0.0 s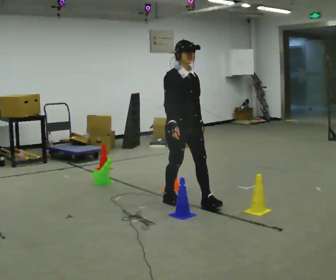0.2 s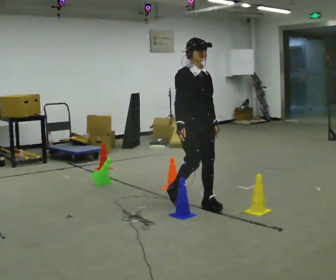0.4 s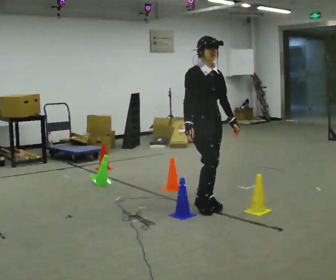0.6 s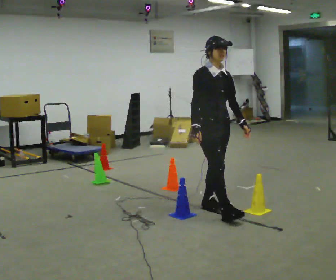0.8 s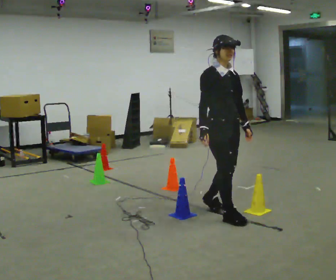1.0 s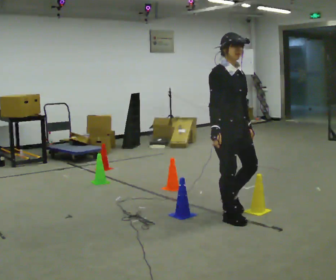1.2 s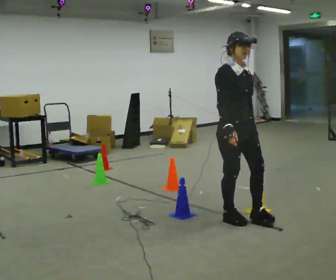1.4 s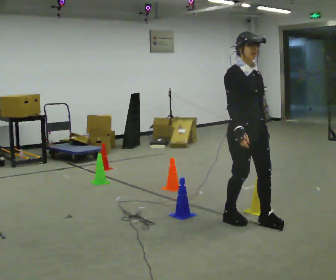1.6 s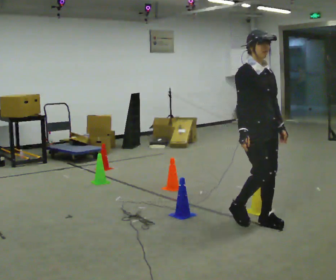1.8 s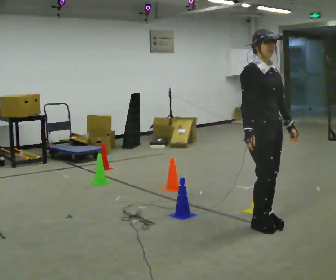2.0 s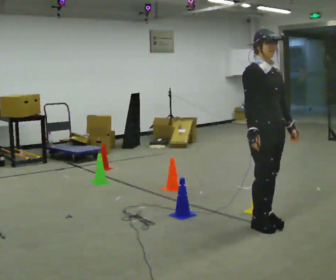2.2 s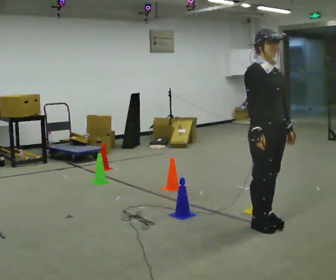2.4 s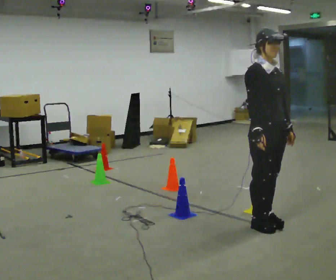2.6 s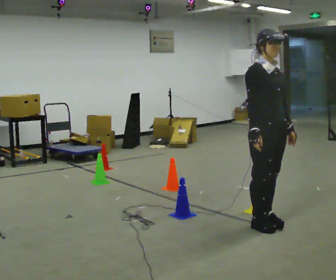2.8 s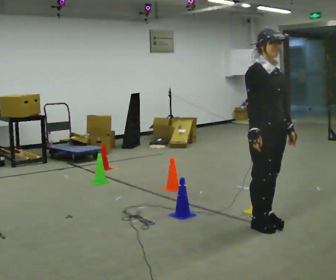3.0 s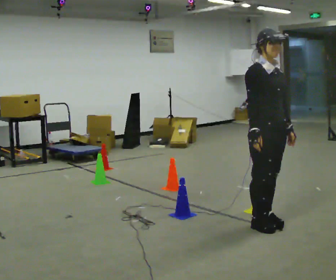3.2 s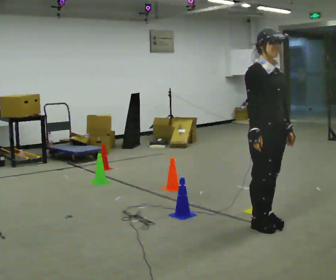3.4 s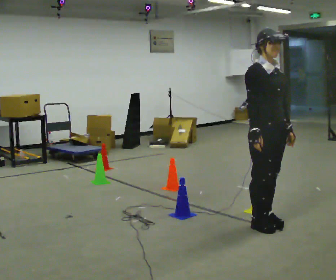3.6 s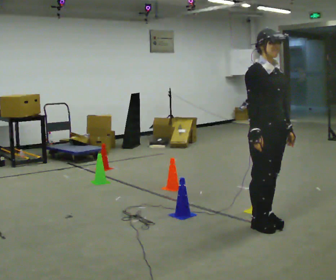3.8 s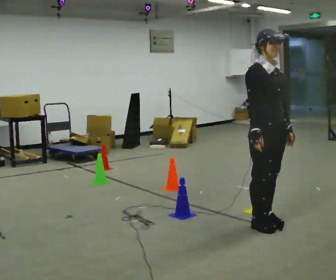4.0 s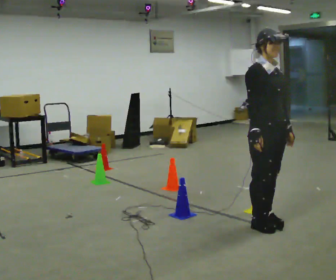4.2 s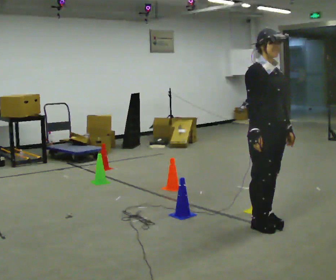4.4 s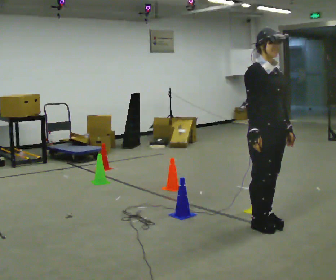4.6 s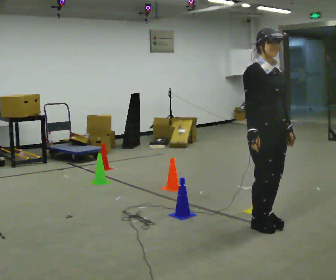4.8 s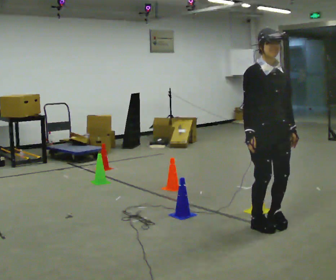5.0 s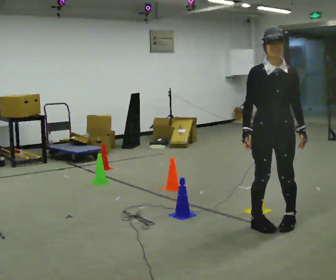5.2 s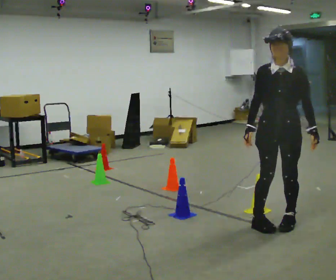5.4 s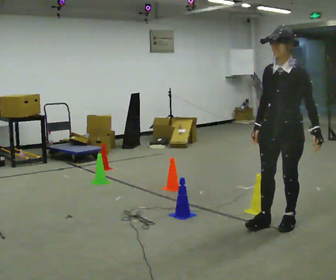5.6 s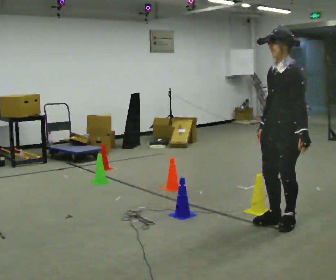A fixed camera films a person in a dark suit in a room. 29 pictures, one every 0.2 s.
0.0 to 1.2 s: In the picture they go to the right and toward the camera, about 0.5 m in 1 step, which for them is forward.
1.2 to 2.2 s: In the picture they go to the right, about 0.25 m in 2 steps, which for them is forward.
2.2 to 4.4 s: The person moves a little, or ends about where they began.
4.4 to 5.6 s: The person turns about 105 degrees to their right, clockwise seen from above, so the part of the body nearest the lens slides to the left. In the picture they go to the right, about 0.25 m in 2 steps.
The film runs forward here.
